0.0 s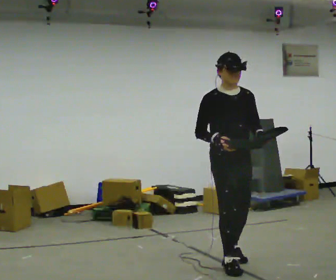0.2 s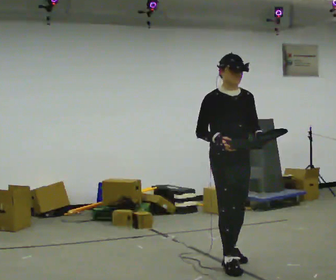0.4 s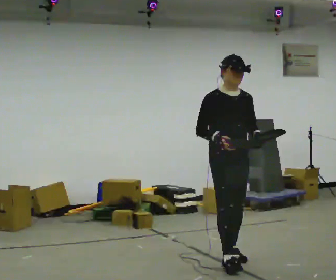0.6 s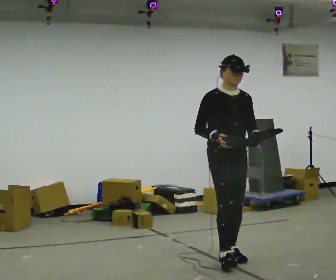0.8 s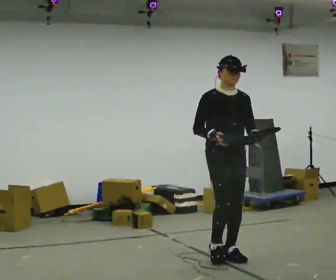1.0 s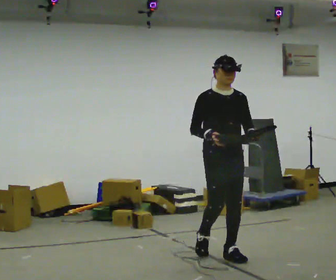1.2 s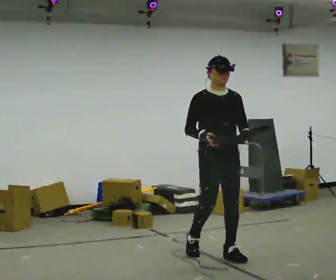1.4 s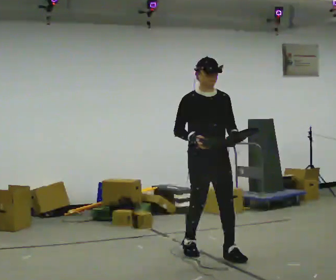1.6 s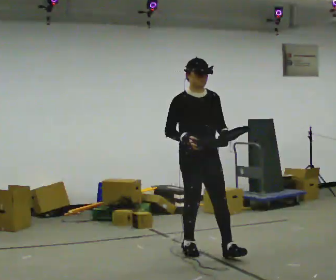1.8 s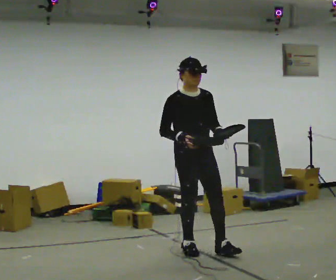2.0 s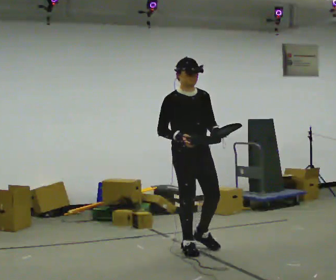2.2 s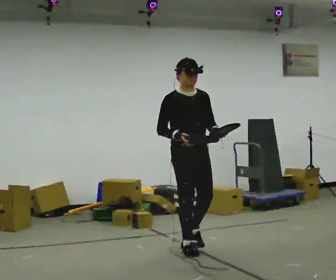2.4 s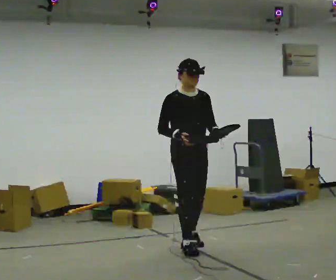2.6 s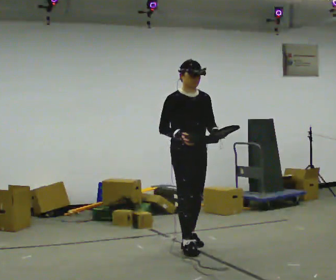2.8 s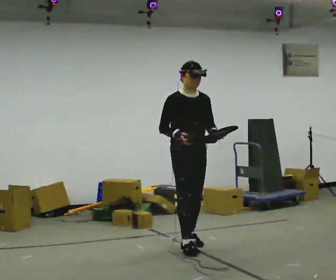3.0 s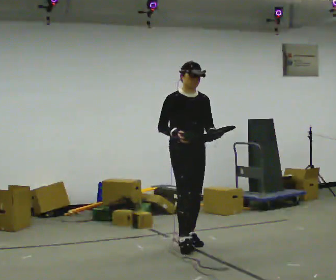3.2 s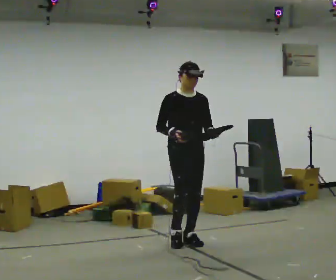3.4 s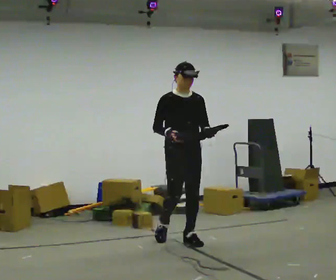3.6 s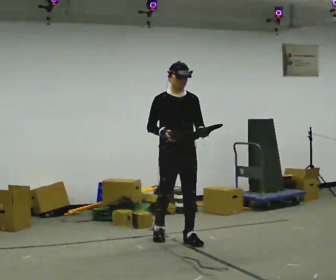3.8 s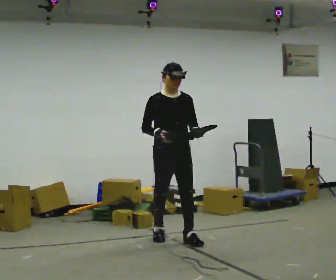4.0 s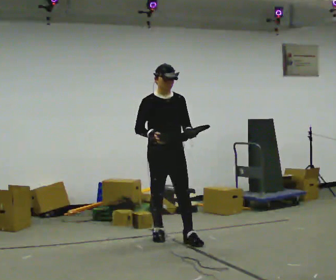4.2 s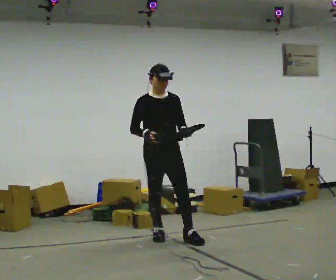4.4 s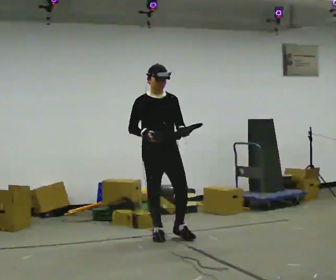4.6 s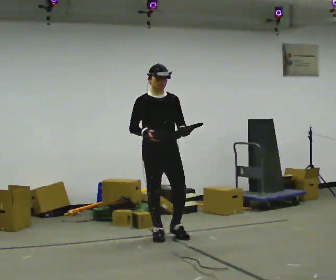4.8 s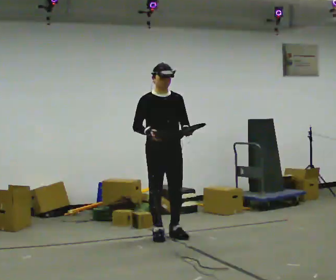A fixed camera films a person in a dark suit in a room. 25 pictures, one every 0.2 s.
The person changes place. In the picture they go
away from the camera.
0.0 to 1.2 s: In the picture they go away from the camera, about 0.25 m in 1 step, which for them is backward.
1.2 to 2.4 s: In the picture they go to the left and away from the camera, about 0.5 m in 1 step, which for them is backward.
2.4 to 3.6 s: In the picture they go away from the camera, about 0.25 m in 1 step, which for them is backward.
3.6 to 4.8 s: In the picture they go to the left and away from the camera, about 0.25 m in 1 step, which for them is backward.
The film runs backward here.
